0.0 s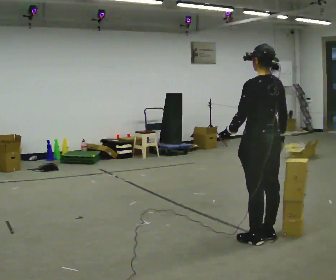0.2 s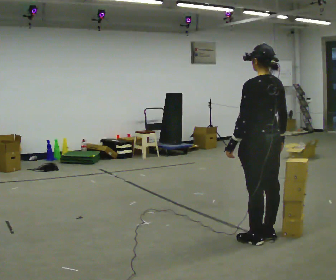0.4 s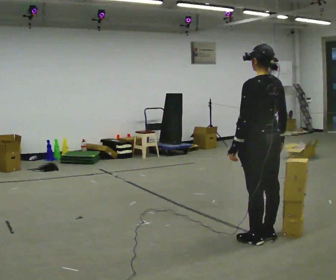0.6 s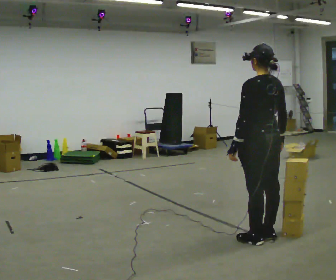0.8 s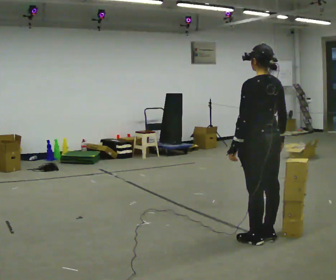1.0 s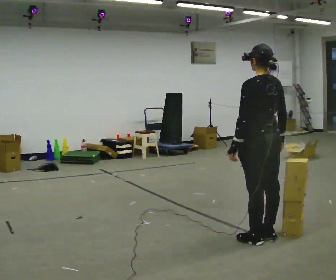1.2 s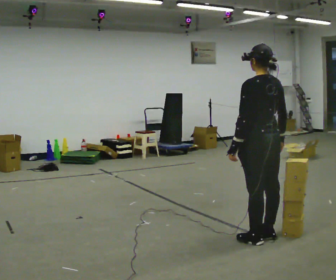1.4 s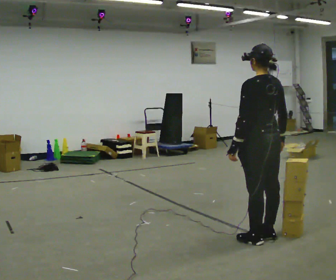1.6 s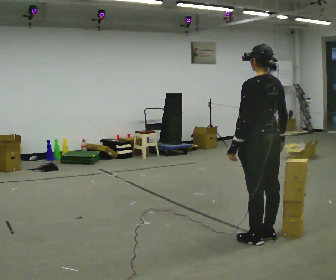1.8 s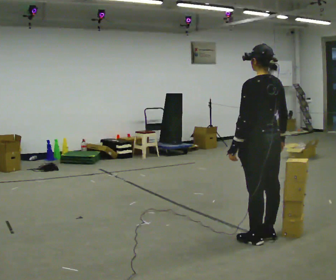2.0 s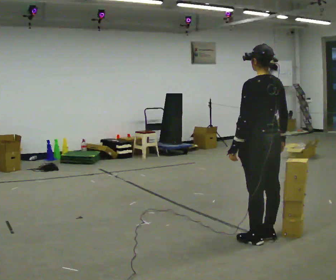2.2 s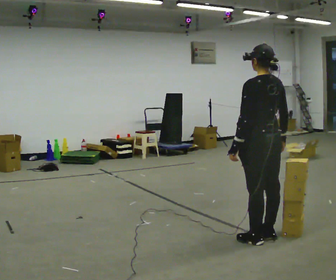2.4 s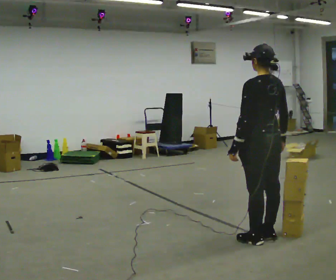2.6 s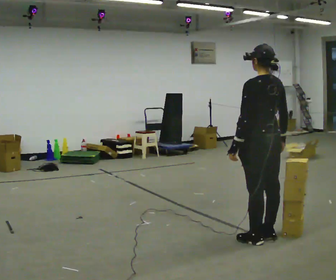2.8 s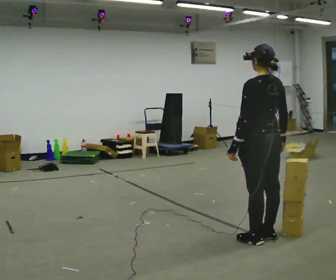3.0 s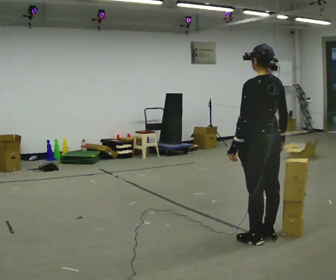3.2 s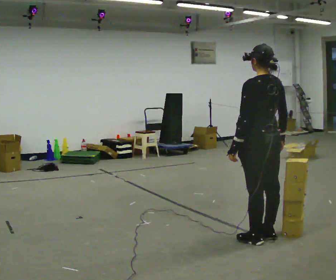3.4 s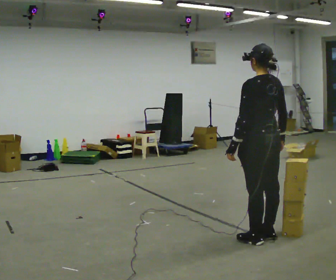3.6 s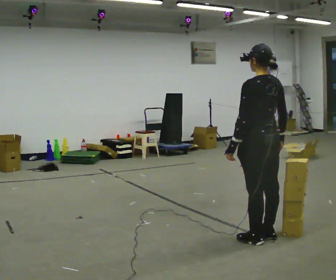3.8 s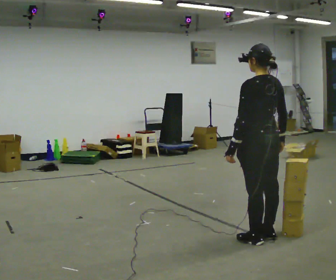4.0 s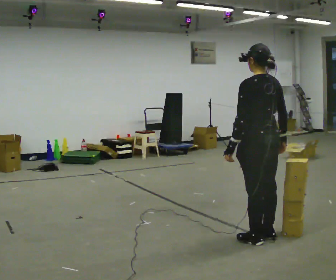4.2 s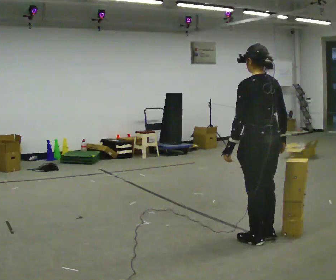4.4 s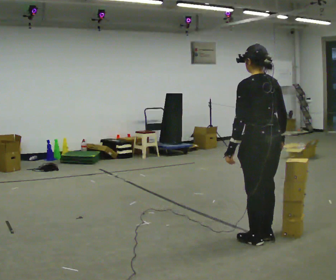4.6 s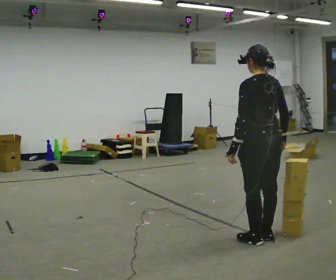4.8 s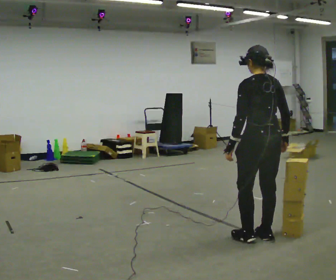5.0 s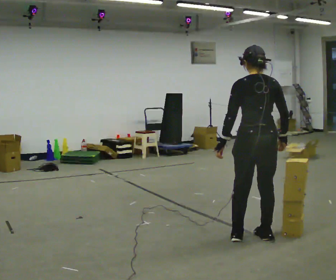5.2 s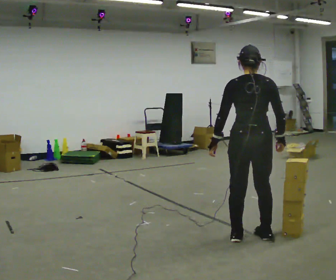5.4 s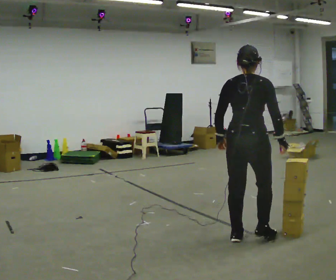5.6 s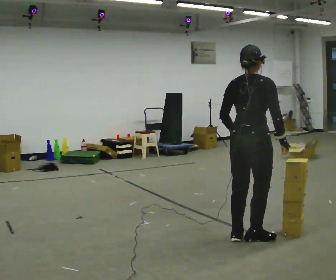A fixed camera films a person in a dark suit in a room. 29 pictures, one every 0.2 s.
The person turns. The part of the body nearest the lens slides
to the left.
The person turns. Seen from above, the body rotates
clockwise.
0.0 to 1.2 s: The person moves a little, or ends about where they began.
1.2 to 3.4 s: The person keeps their place and pose.
3.4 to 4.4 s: The person moves a little, or ends about where they began.
4.4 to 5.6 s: The part of the body nearest the lens slides to the left as the person turns to their right by about 60 degrees.
The film runs backward here.
